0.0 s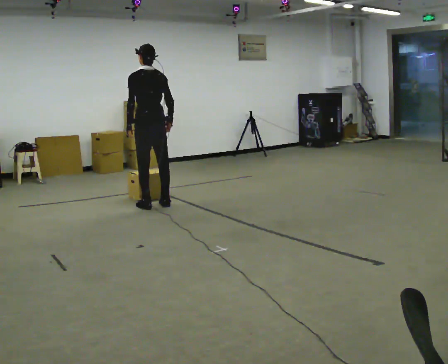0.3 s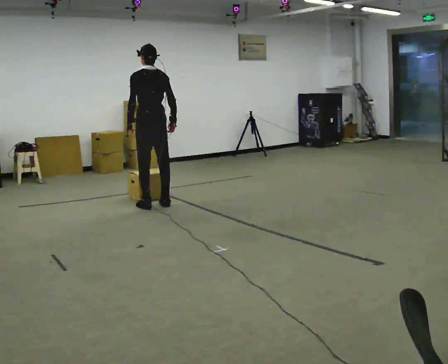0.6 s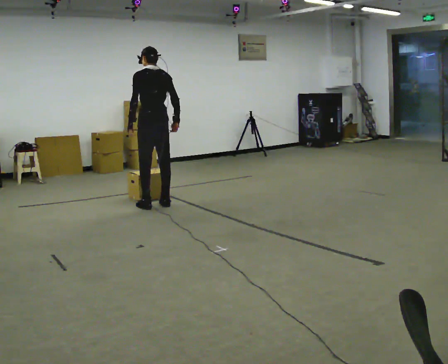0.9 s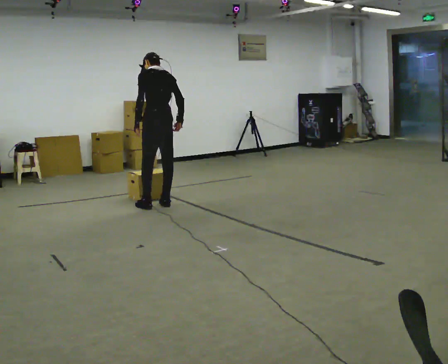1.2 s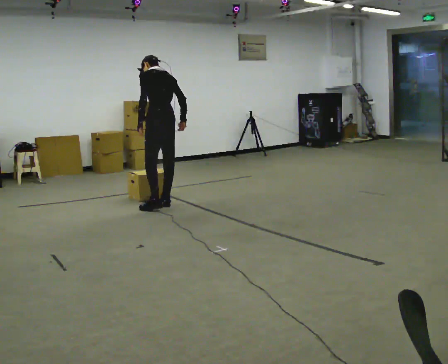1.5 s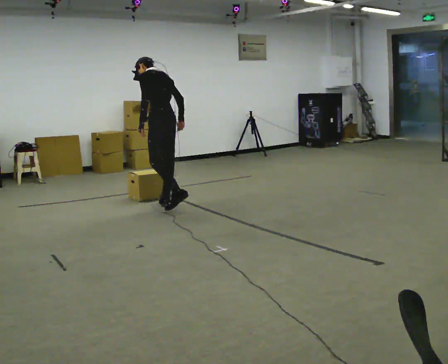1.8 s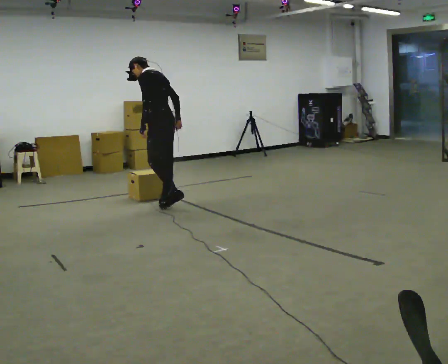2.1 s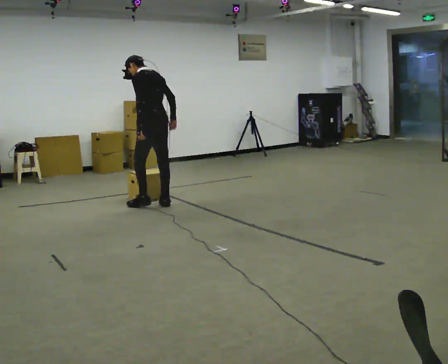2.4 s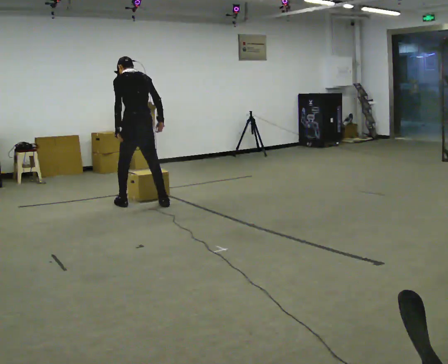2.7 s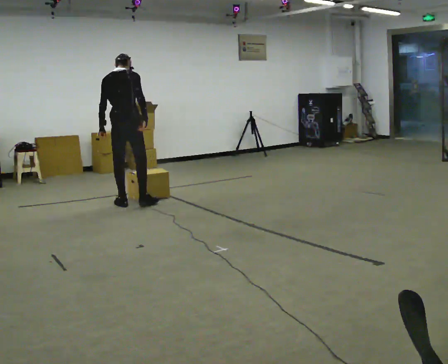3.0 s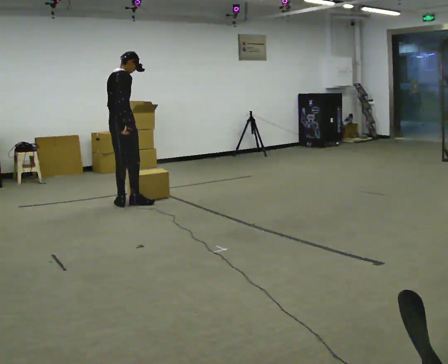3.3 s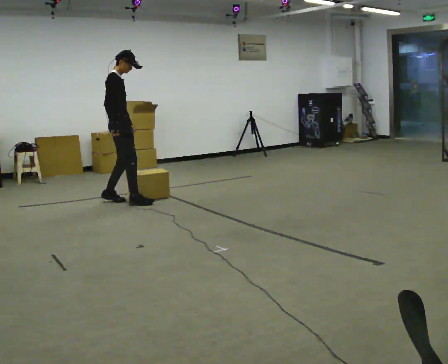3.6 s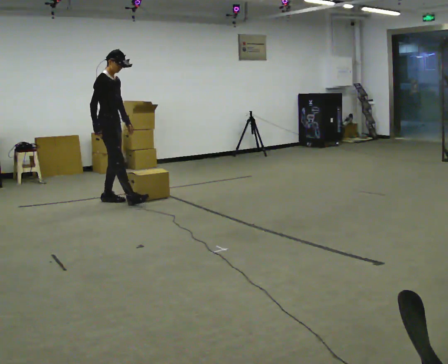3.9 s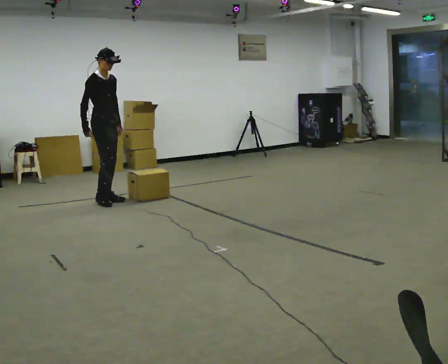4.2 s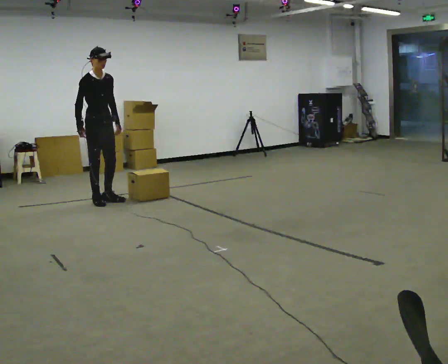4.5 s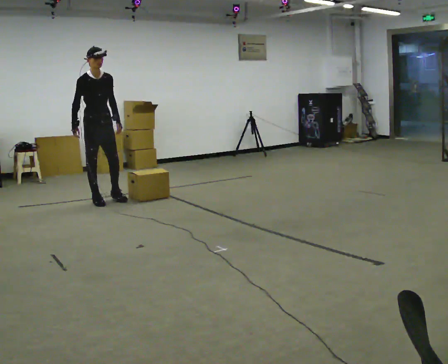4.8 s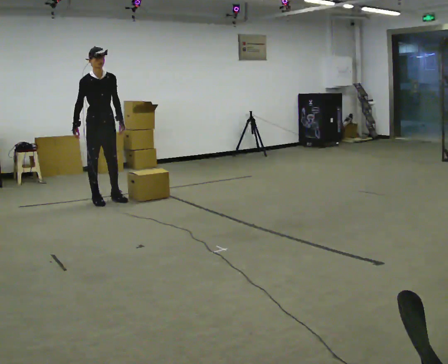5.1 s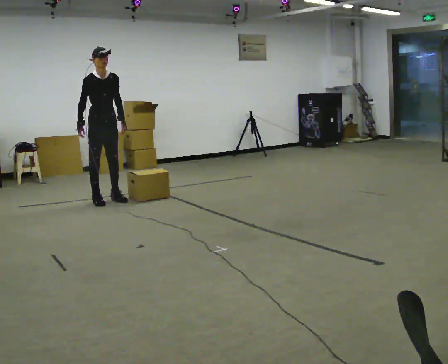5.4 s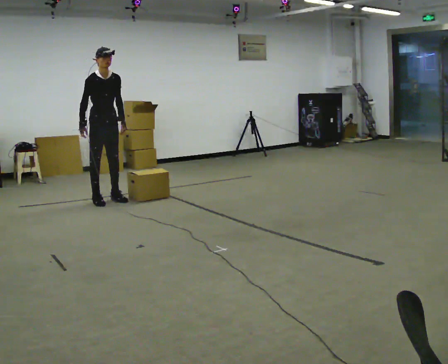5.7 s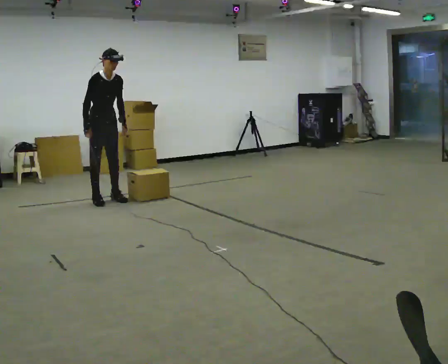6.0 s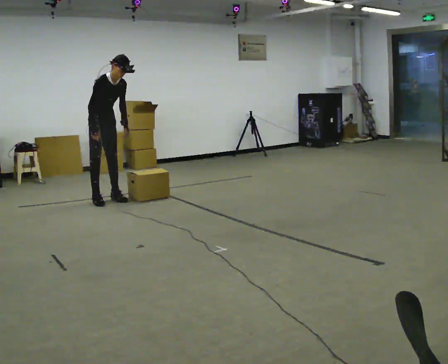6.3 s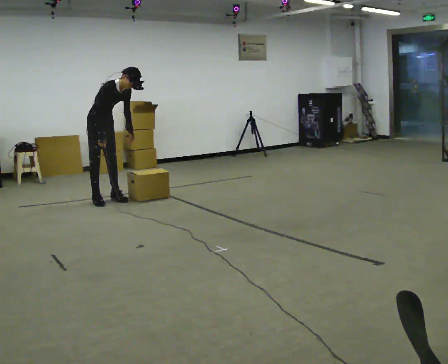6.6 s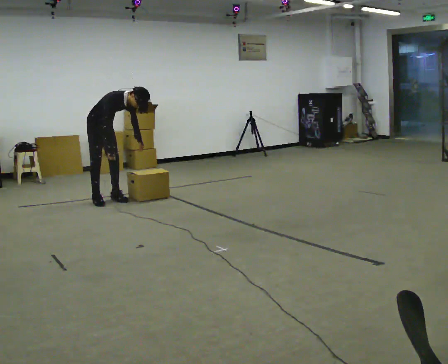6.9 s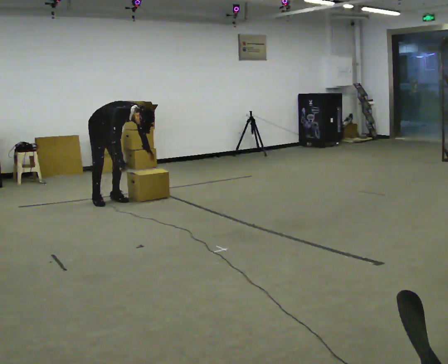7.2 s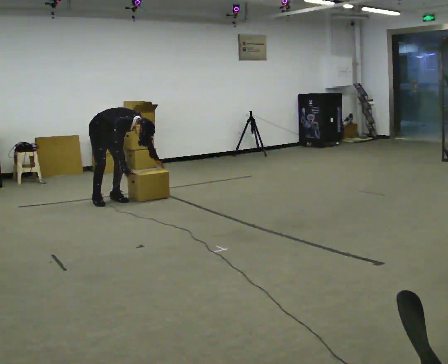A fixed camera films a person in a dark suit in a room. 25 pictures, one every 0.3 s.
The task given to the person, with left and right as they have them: Carry the box across the room much more slowly and carefully than normal, back and forth.
0.0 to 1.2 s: The person moves a little, or ends about where they began.
1.2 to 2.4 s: In the picture they go to the left, about 0.25 m in 1 step, which for them is forward and to their left.
2.4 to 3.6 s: Seen from above the body turns clockwise, about 135 degrees: to their right, with its near side sliding to the left. In the picture they go to the left and away from the camera, about 0.5 m in 2 steps.
3.6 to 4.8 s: The part of the body nearest the lens slides to the left as the person turns to their right by about 30 degrees.
4.8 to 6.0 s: In the picture the upper body tilts clockwise, shoulders to the right, as they bend forward.
6.0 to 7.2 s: The upper body goes downward. In the picture the upper body tilts clockwise, shoulders to the right, as they bend forward. In the picture their right hand goes downward and to the right.
The film runs forward here.
